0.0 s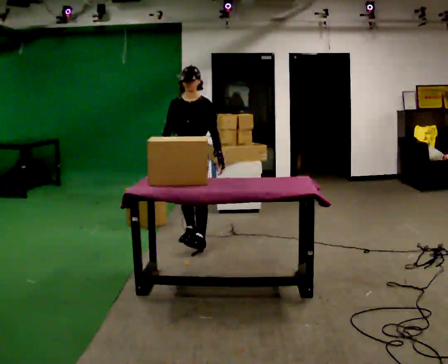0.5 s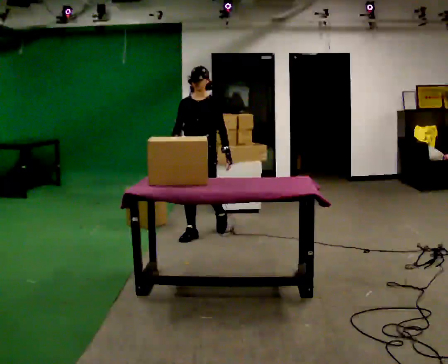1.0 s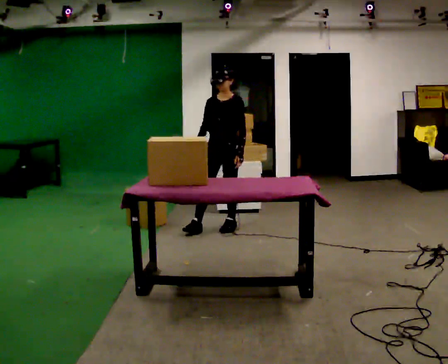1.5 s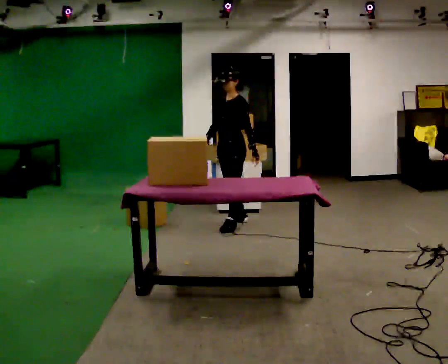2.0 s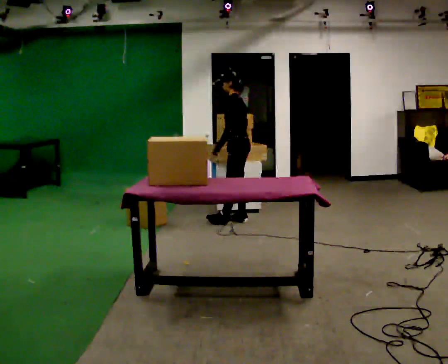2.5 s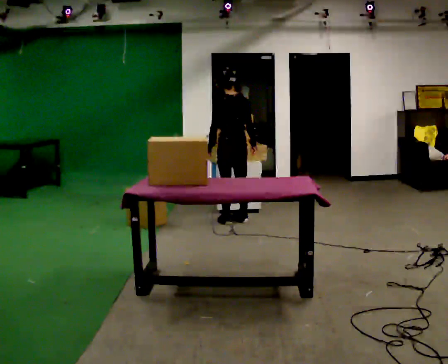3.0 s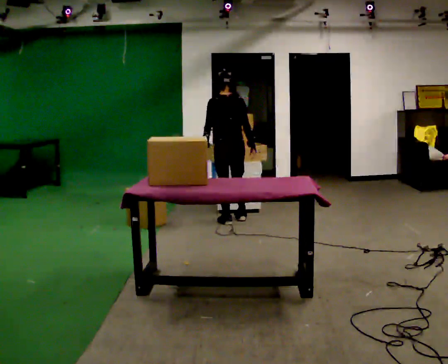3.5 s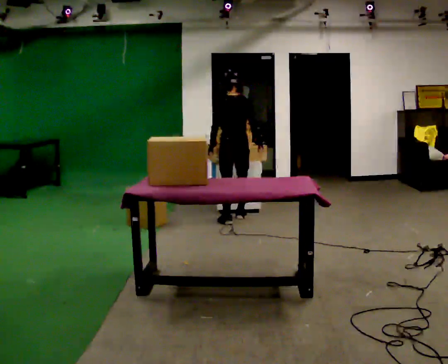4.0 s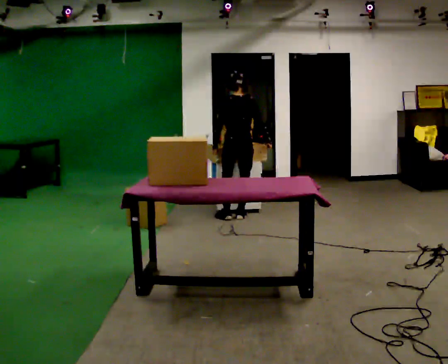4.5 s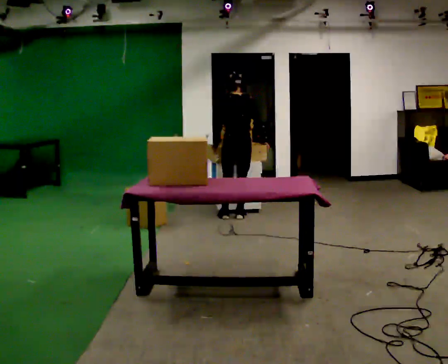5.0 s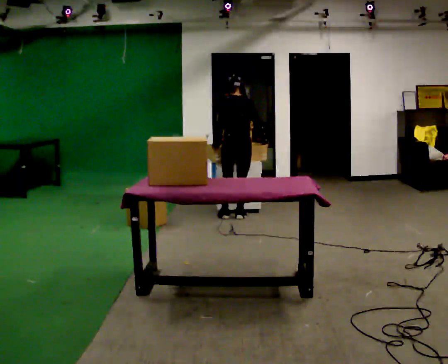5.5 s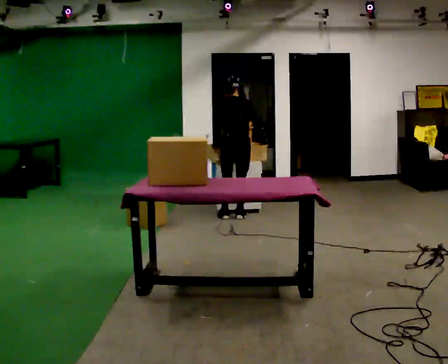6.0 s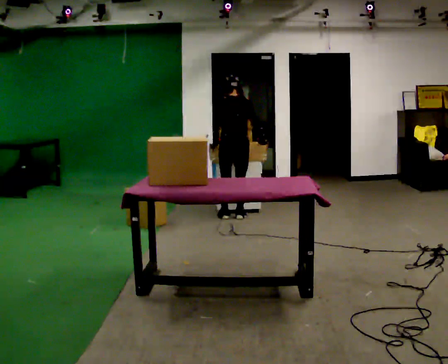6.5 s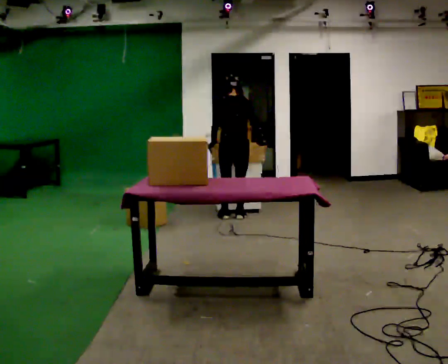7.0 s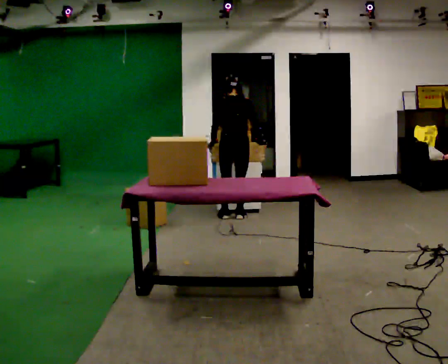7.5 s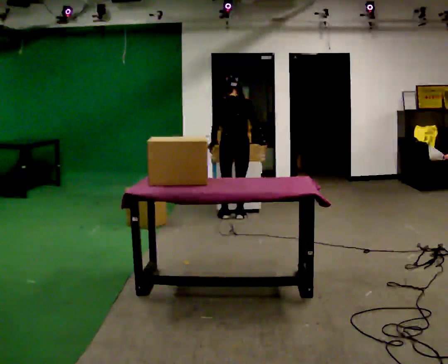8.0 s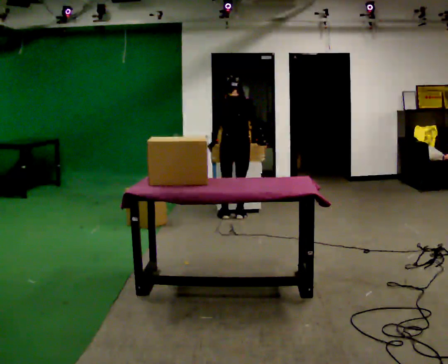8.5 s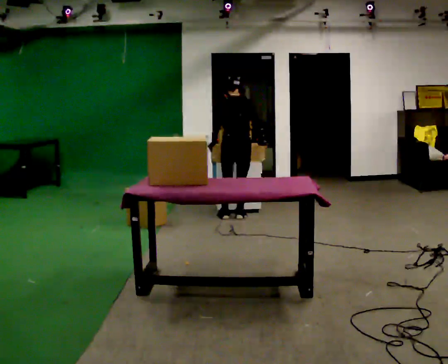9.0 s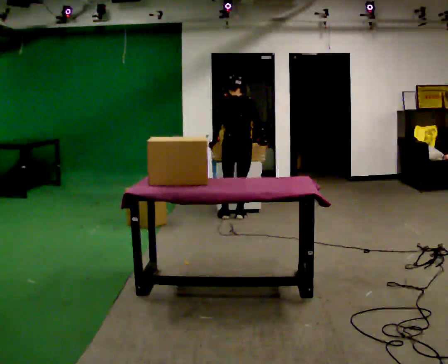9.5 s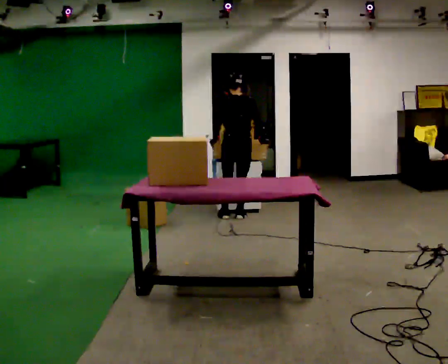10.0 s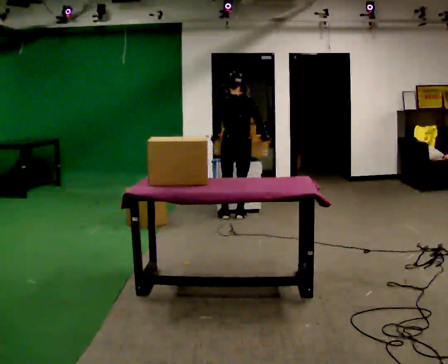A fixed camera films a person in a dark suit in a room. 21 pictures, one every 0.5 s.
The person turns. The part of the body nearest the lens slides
to the left.
The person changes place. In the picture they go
away from the camera.
0.0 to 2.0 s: The person turns about 90 degrees to their right, clockwise seen from above, so the part of the body nearest the lens slides to the left. In the picture they go away from the camera and to the right, about 1 m in 2 steps.
2.0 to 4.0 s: Seen from above the body turns clockwise, about 60 degrees: to their right, with its near side sliding to the left. In the picture they go away from the camera, about 0.25 m in 1 step.
4.0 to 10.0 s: The person moves a little, or ends about where they began.
The film runs backward here.
